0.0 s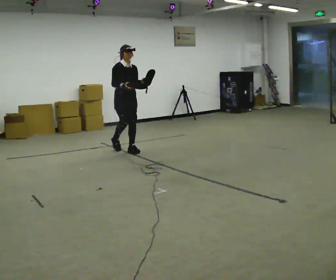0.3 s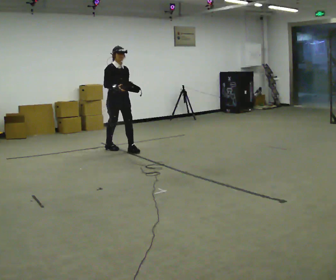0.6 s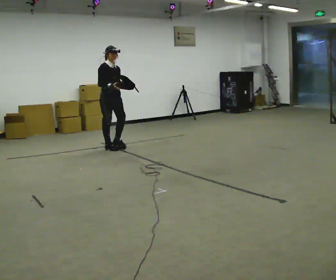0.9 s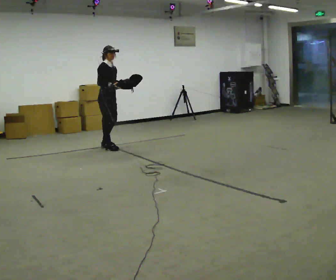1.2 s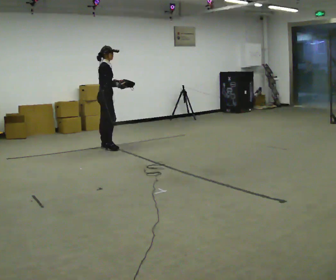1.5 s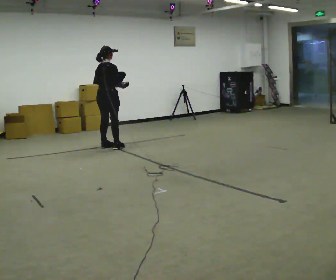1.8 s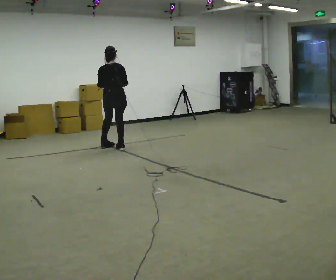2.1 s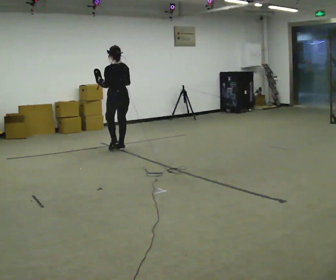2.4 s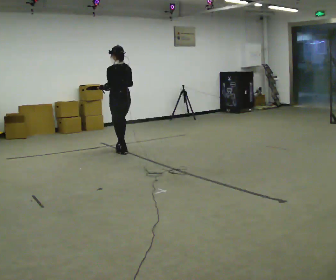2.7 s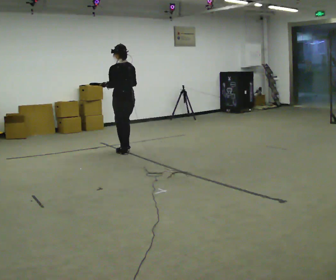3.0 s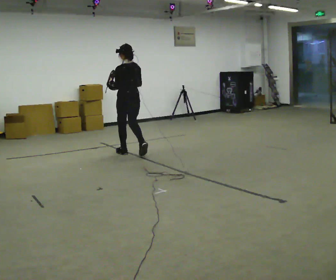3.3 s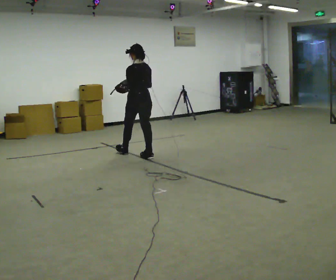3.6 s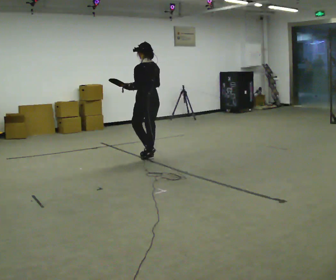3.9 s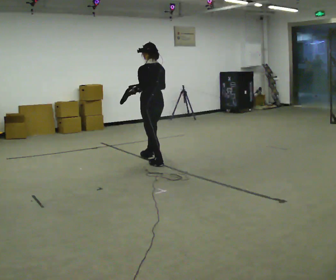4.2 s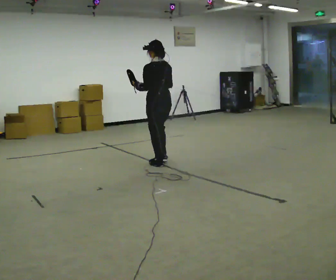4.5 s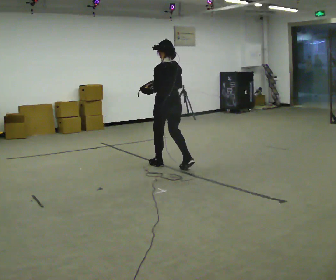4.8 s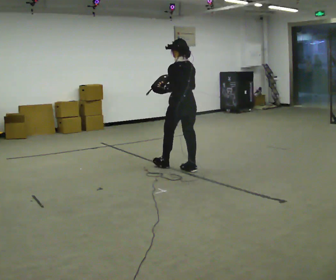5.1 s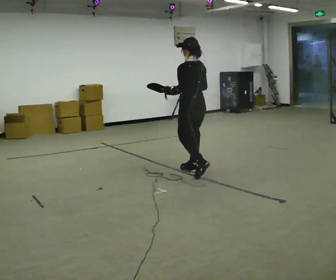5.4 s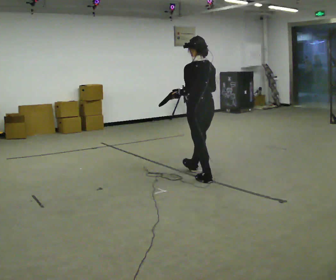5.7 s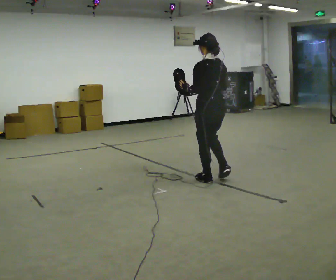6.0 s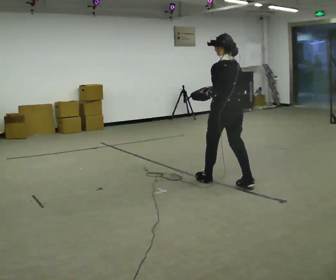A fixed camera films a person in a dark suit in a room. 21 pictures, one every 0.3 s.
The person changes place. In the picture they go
toward the camera.
0.0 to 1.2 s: Seen from above the body turns counterclockwise, about 60 degrees: to their left, with its near side sliding to the right. In the picture they go to the left and away from the camera, about 0.5 m in 1 step, which for them is backward.
1.2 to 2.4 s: The person turns about 135 degrees to their left, counterclockwise seen from above, so the part of the body nearest the lens slides to the right. In the picture they go to the right and toward the camera, about 0.25 m in 2 steps.
2.4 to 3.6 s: In the picture they go toward the camera and to the right, about 0.75 m in 2 steps, which for them is backward.
3.6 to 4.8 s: In the picture they go toward the camera and to the right, about 0.5 m in 2 steps, which for them is backward.
4.8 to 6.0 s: In the picture they go toward the camera and to the right, about 1 m in 1 step, which for them is backward.
The film runs backward here.
